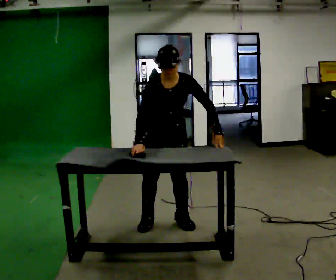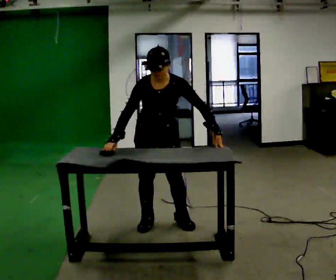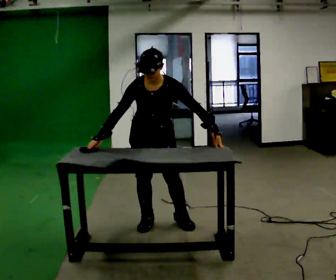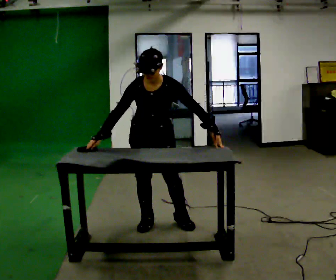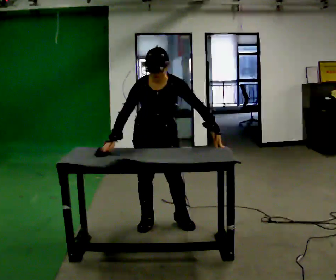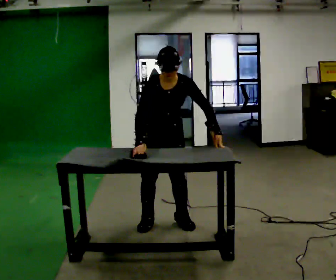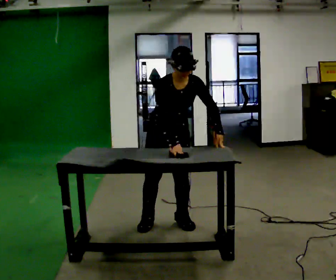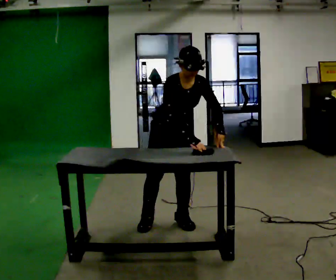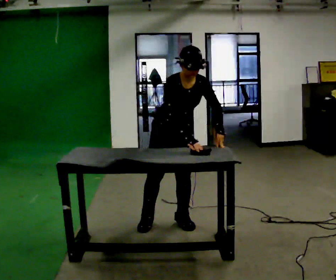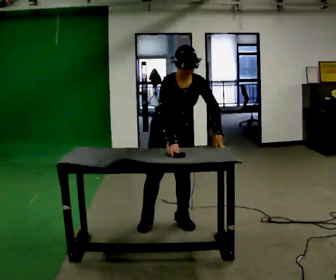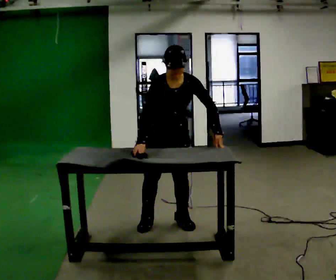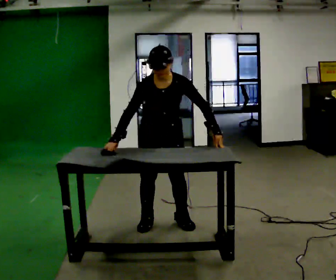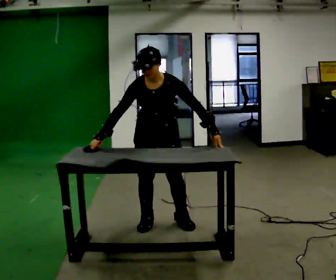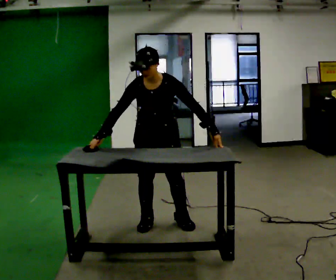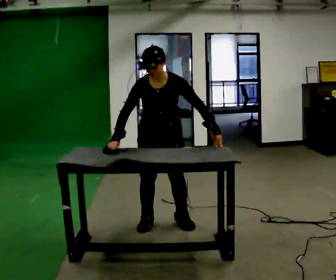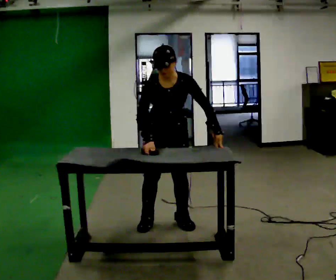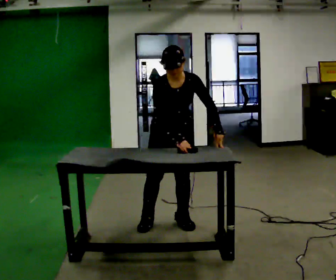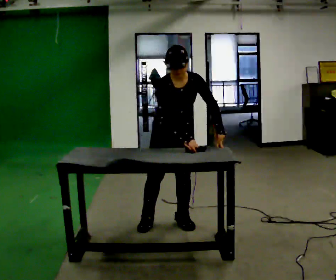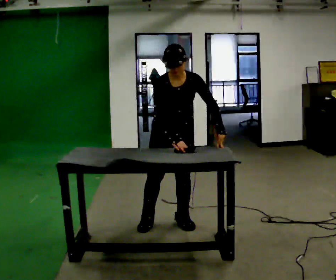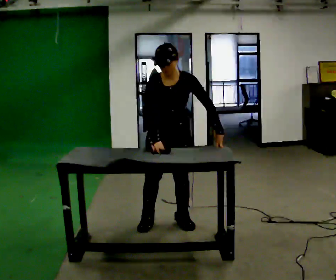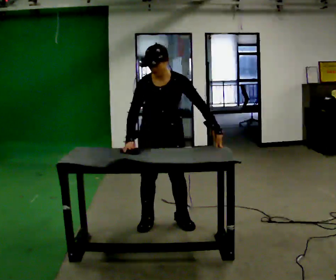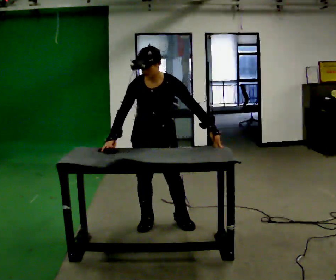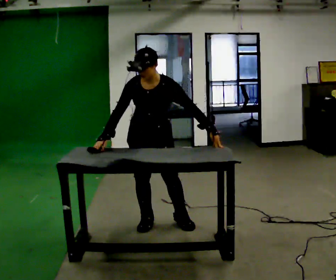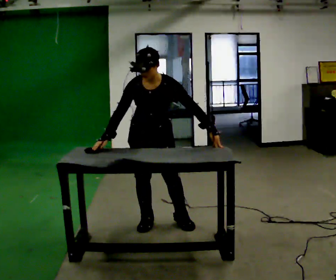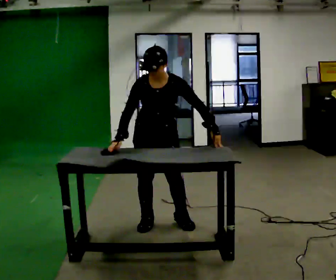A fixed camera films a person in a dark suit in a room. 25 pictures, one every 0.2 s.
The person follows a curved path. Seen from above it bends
counterclockwise.
0.0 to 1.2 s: In the picture their right hand goes to the right.
1.2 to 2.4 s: In the picture the upper body tilts counterclockwise, shoulders to the left. In the picture their right hand goes to the left.
2.4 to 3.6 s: In the picture their right hand goes to the right.
3.6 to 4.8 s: In the picture their right hand goes to the left.
The film runs forward here.
